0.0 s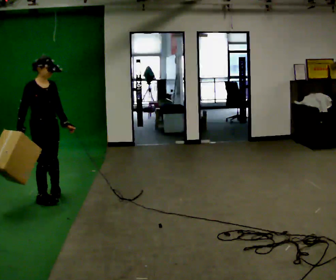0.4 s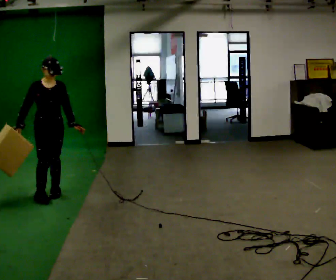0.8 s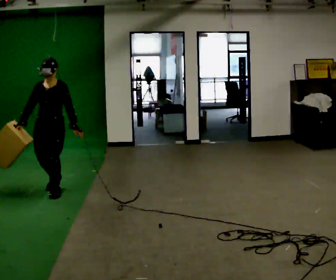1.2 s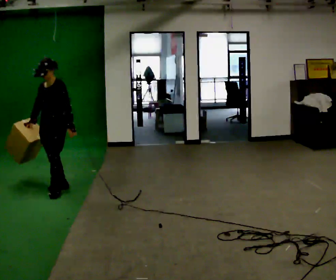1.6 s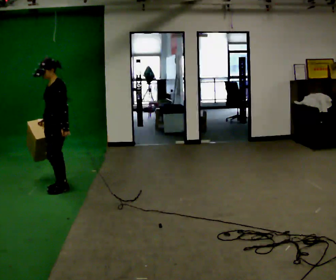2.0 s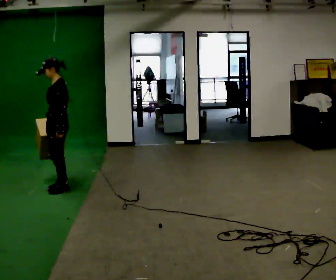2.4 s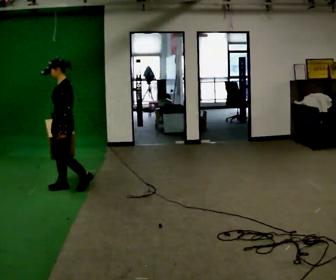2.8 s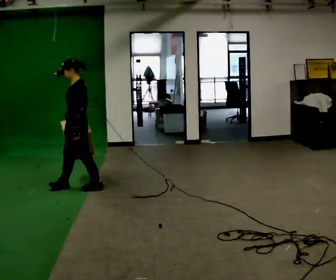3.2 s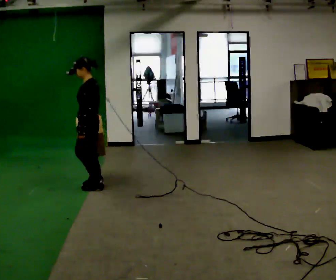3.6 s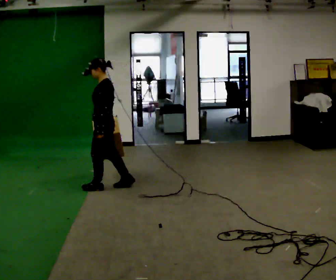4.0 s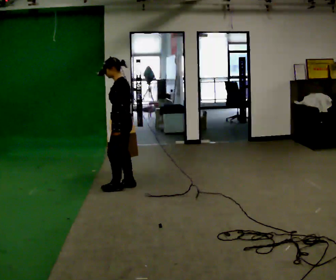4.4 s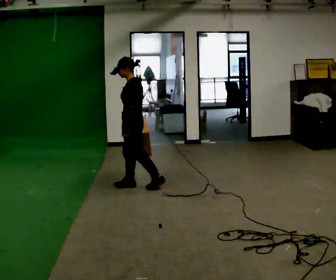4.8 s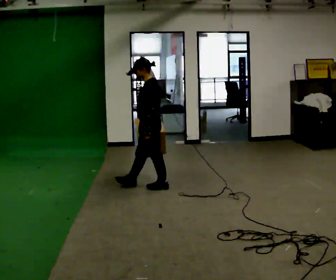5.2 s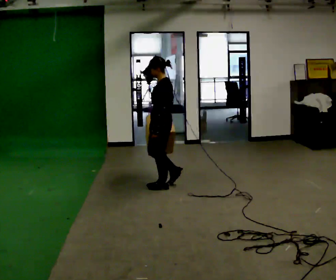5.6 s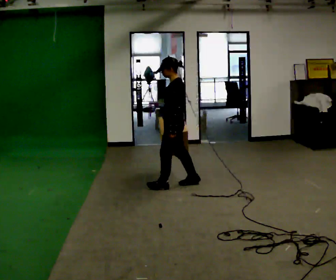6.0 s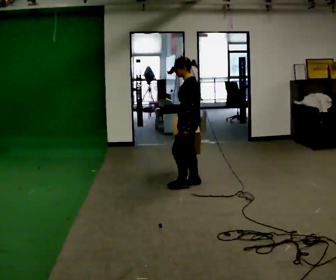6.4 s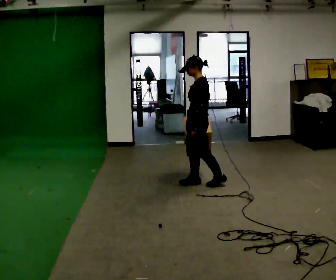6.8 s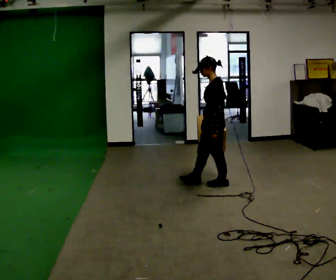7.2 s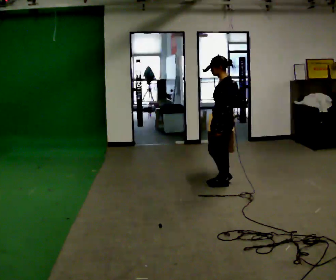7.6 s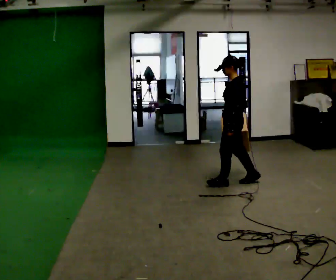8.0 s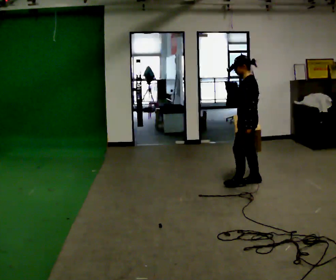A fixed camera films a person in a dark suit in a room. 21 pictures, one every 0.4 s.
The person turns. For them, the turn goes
to their right.
The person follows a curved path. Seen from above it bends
clockwise.
0.0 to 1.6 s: Seen from above the body turns clockwise, about 105 degrees: to their right, with its near side sliding to the left. In the picture they go away from the camera and to the right, about 0.5 m in 1 step.
1.6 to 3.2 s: The part of the body nearest the lens slides to the left as the person turns to their right by about 30 degrees. In the picture they go to the right, about 0.25 m in 2 steps, which for them is backward and to their left.
3.2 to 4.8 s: In the picture they go to the right, about 0.75 m in 1 step, which for them is backward.
4.8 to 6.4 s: In the picture they go to the right, about 0.5 m in 2 steps, which for them is backward.
6.4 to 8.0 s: In the picture they go to the right, about 0.5 m in 2 steps, which for them is backward.
The film runs backward here.
